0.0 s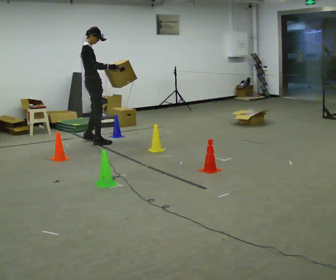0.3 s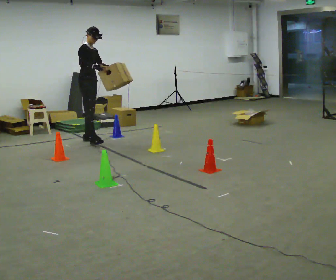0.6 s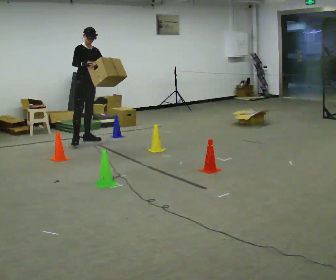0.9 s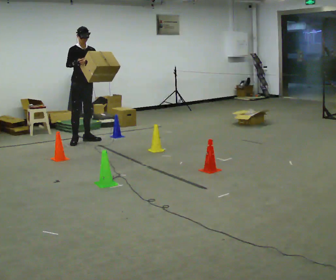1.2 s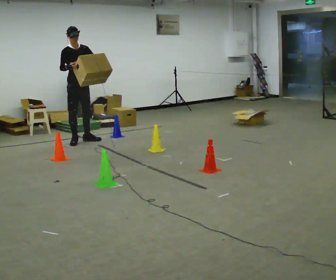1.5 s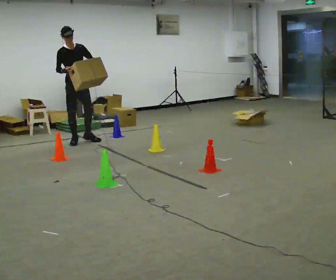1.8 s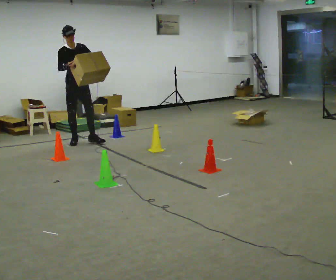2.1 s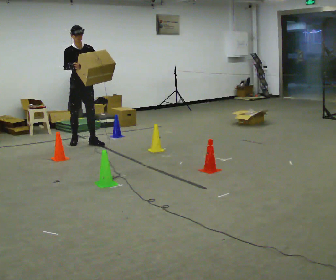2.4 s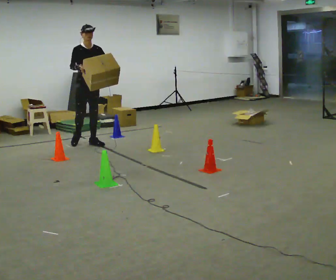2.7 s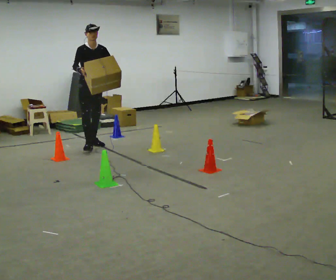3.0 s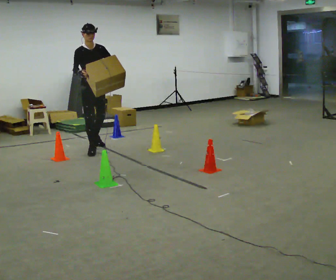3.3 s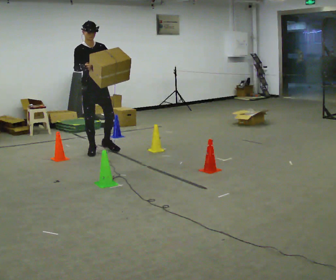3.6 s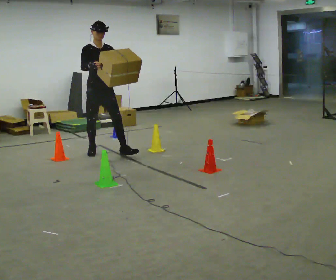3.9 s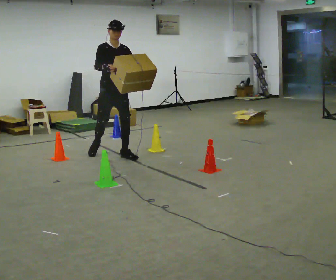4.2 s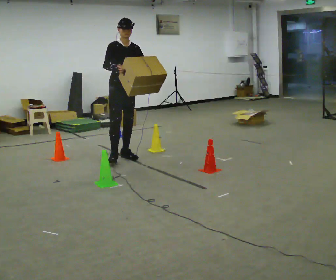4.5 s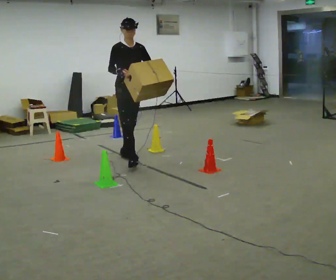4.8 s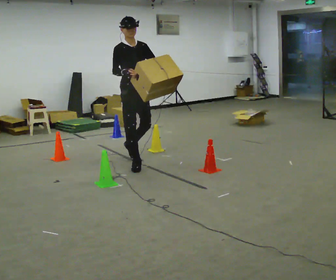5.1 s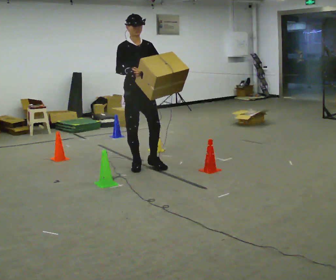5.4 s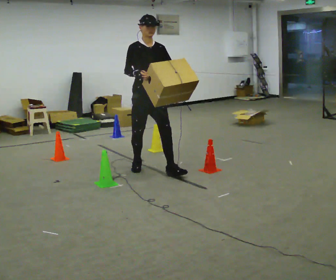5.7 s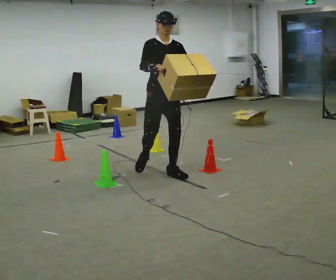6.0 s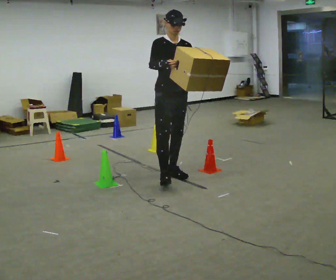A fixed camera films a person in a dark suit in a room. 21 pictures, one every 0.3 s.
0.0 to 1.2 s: The person turns about 60 degrees to their right, clockwise seen from above, so the part of the body nearest the lens slides to the left. In the picture they go to the left, about 0.25 m in 1 step.
1.2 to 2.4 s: In the picture they go toward the camera and to the right, about 0.25 m in 1 step, which for them is forward.
2.4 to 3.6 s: In the picture they go toward the camera, about 0.5 m in 1 step, which for them is forward.
3.6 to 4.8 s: In the picture they go toward the camera and to the right, about 0.75 m in 2 steps, which for them is forward.
4.8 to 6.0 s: In the picture they go toward the camera and to the right, about 0.75 m in 1 step, which for them is forward.
The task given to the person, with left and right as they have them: Carry the box through the gap between the panels without touching either side, then set it down and bring it back. Keep going until the operator says stop; one object at a time, and do not rush between trips.
The film runs forward here.
